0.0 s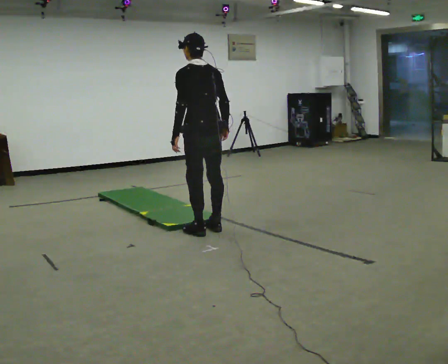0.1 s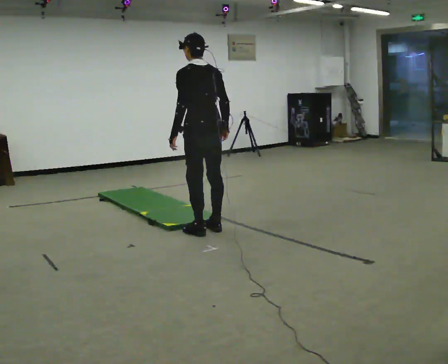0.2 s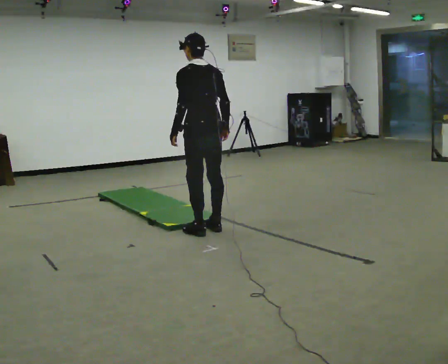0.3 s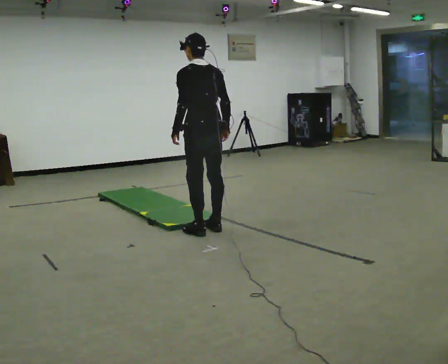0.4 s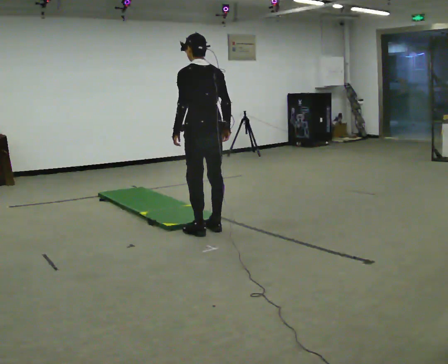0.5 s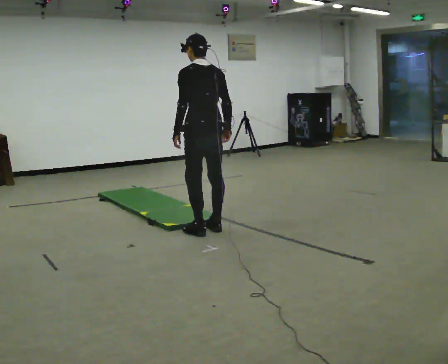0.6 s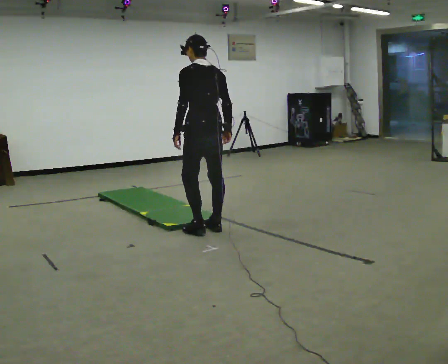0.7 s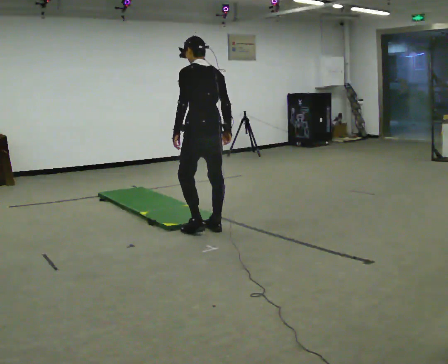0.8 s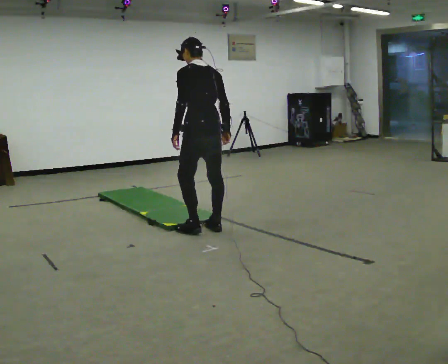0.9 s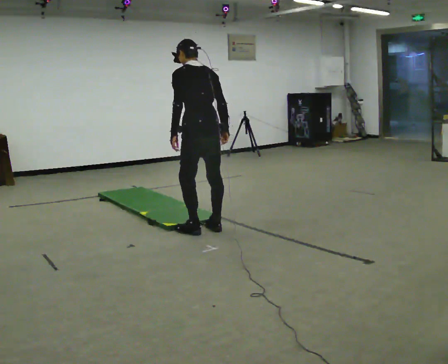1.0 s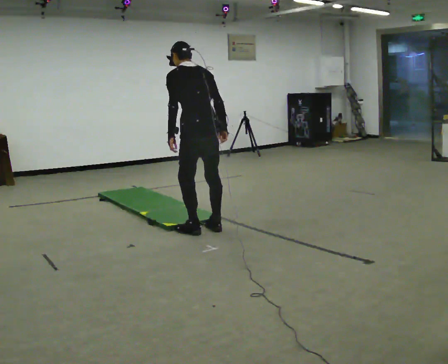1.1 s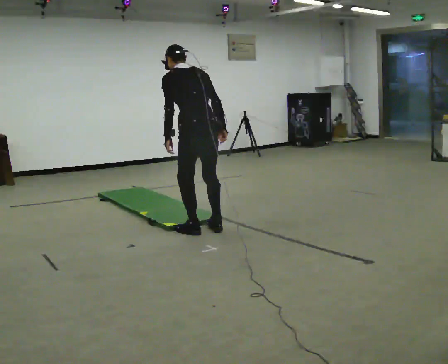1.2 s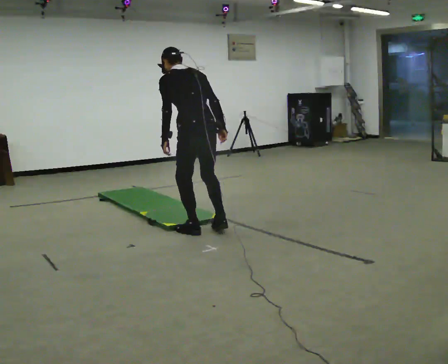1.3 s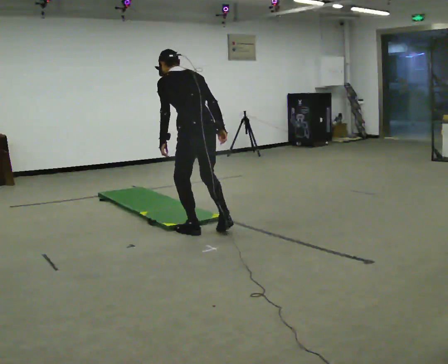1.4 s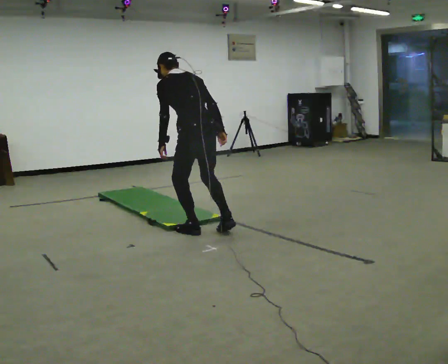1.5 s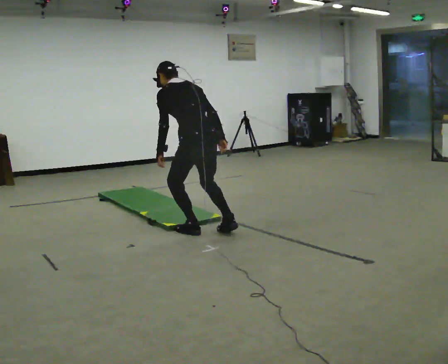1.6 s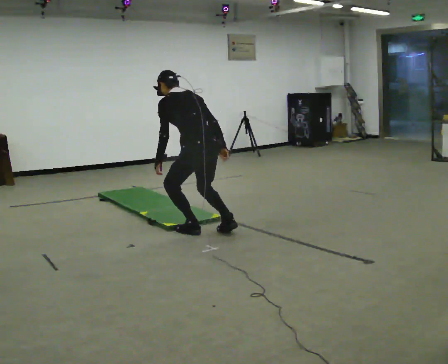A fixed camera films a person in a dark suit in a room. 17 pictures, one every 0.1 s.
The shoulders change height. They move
downward.
0.0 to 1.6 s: The shoulders move downward. The upper body tips away from the camera, its near side rolling upward, as they bend forward.
The film runs forward here.
